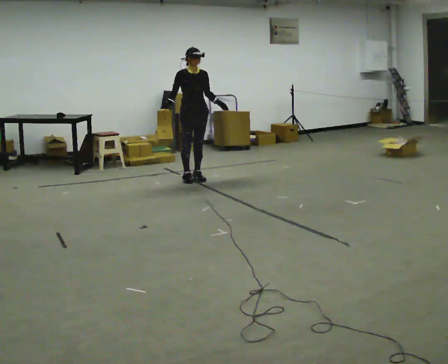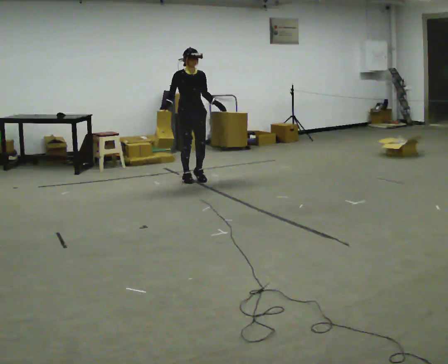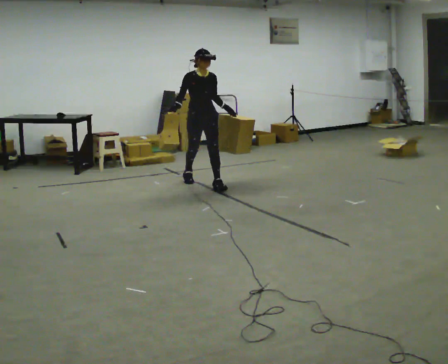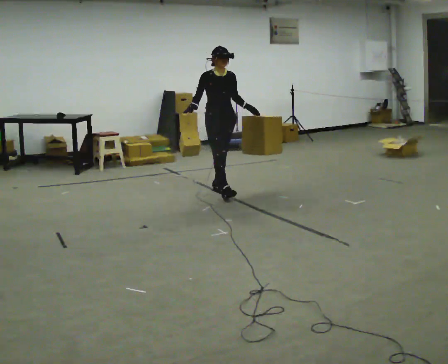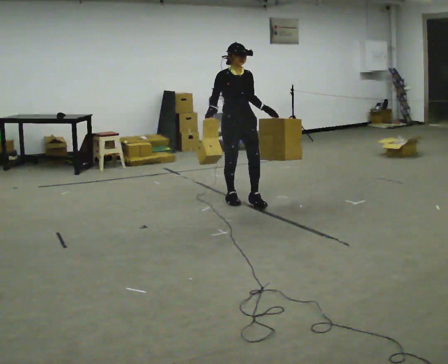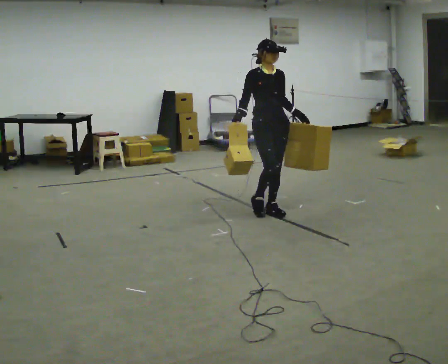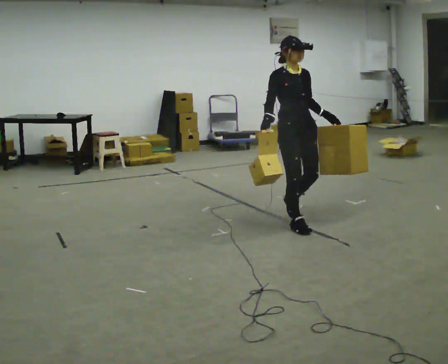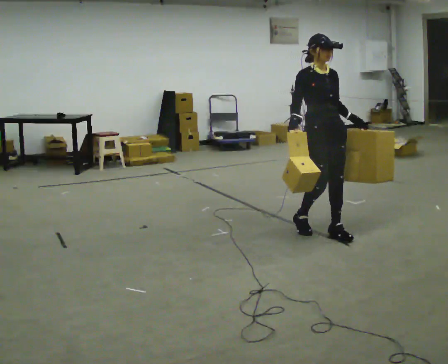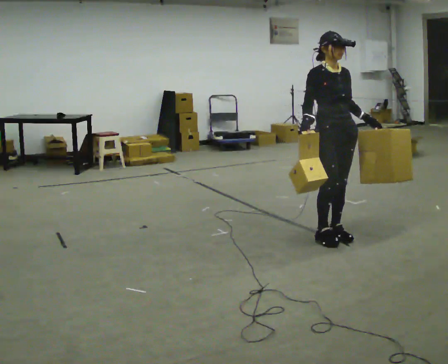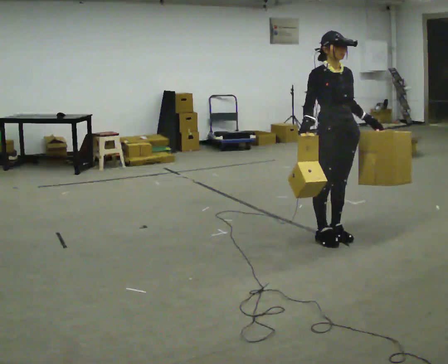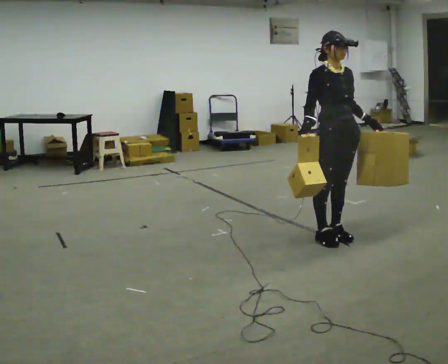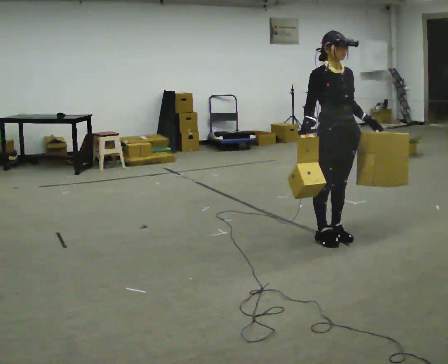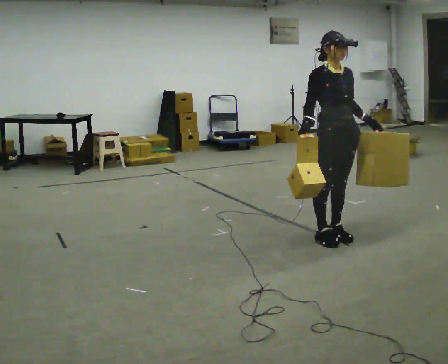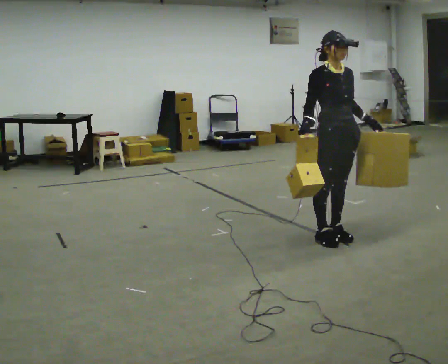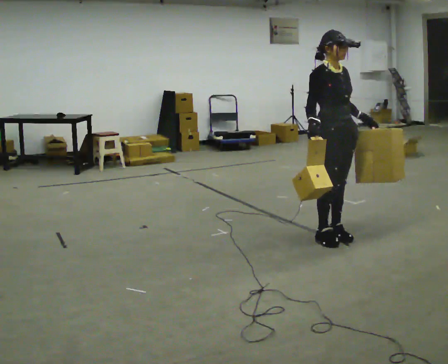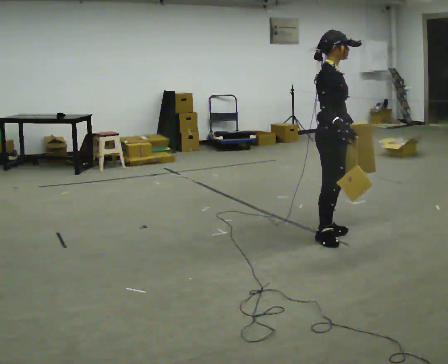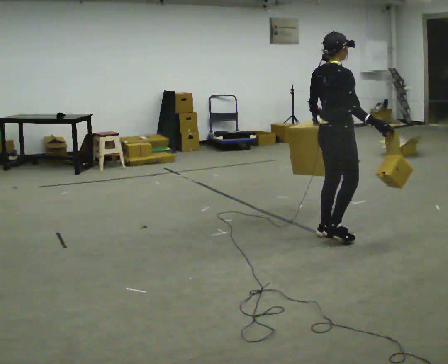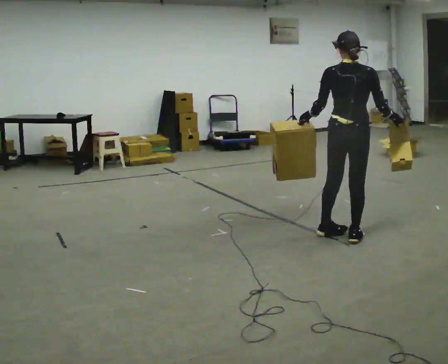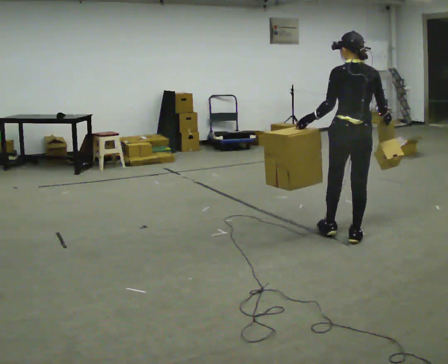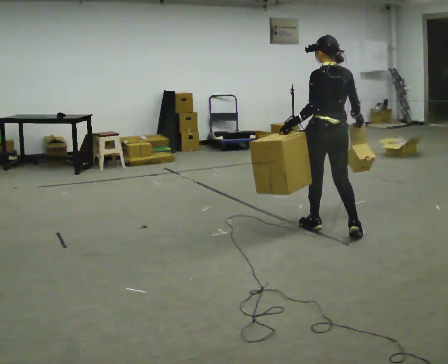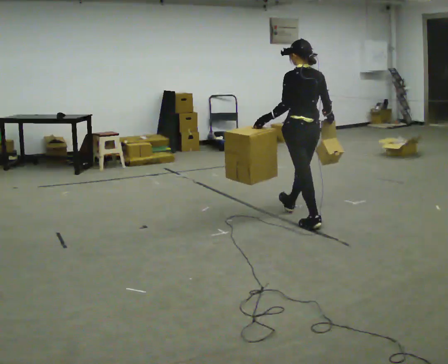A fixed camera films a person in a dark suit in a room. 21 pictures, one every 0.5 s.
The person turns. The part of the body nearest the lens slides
to the right.
The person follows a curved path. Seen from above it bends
counterclockwise.
0.0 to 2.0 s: In the picture they go toward the camera and to the right, about 1 m in 2 steps, which for them is forward.
2.0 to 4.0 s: In the picture they go to the right and toward the camera, about 1.5 m in 4 steps, which for them is forward.
4.0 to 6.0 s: The person moves a little, or ends about where they began.
6.0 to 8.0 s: Seen from above the body turns counterclockwise, about 90 degrees: to their left, with its near side sliding to the right. In the picture their right hand goes to the right, the arm swinging counterclockwise.
8.0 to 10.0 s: Seen from above the body turns counterclockwise, about 90 degrees: to their left, with its near side sliding to the right. In the picture they go away from the camera and to the left, about 0.5 m in 2 steps.
The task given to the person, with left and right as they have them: Carry one object in each hand, the heavy one in the hand the operator calls, walking back and forth across the room.
The film runs forward here.
